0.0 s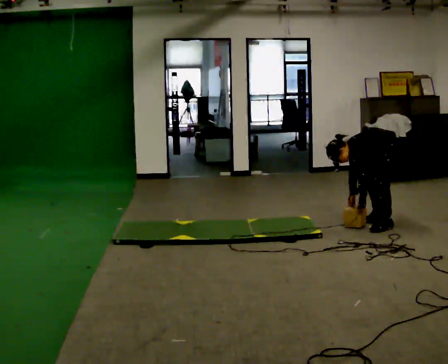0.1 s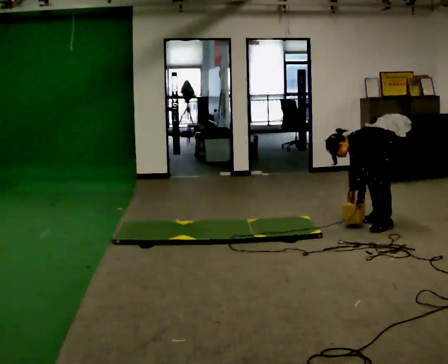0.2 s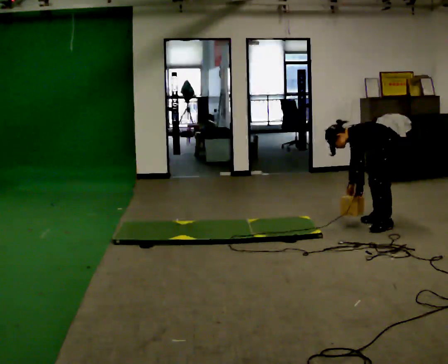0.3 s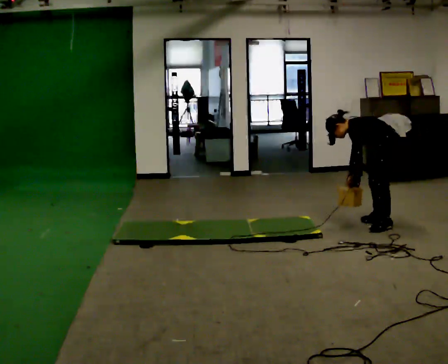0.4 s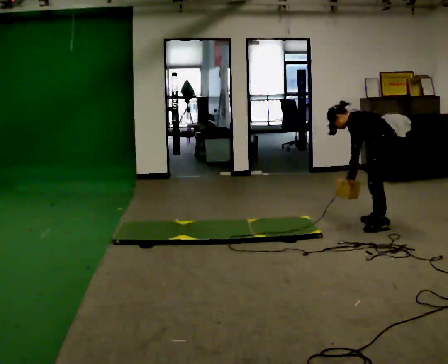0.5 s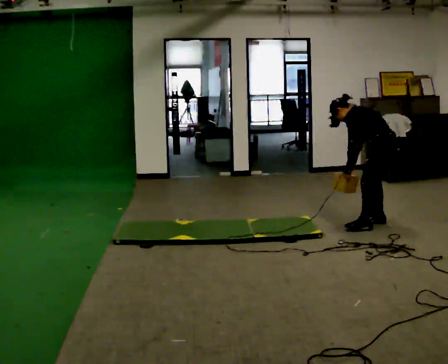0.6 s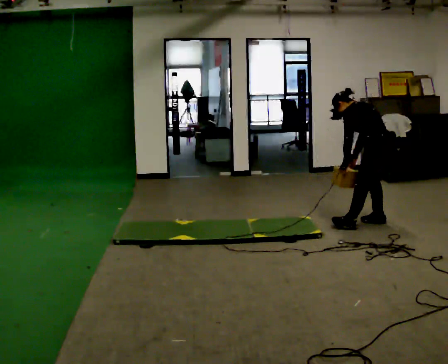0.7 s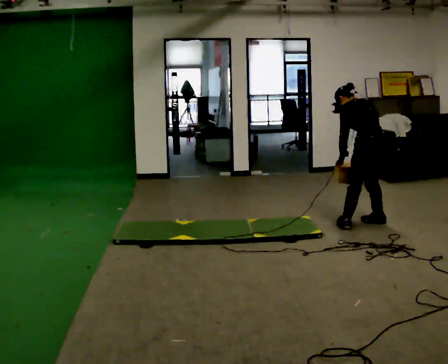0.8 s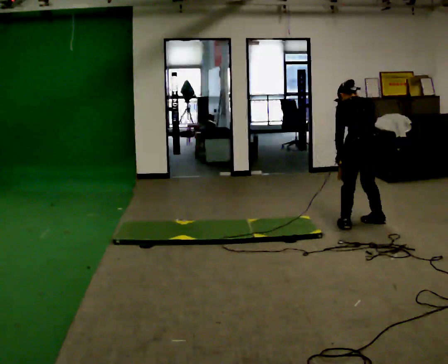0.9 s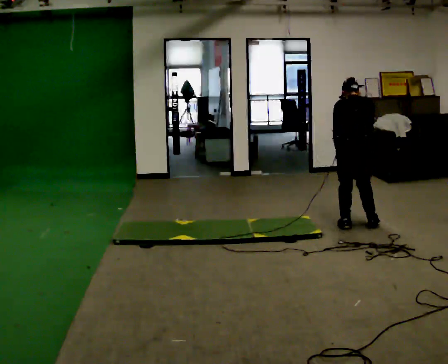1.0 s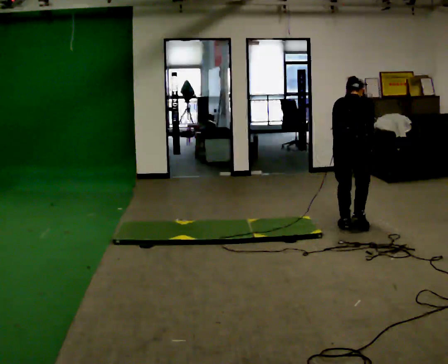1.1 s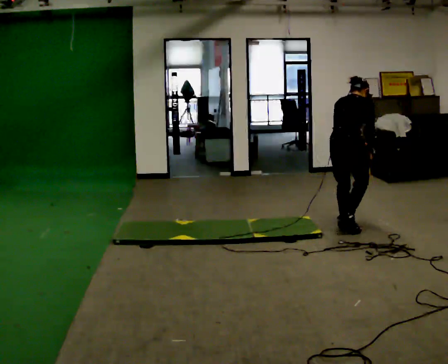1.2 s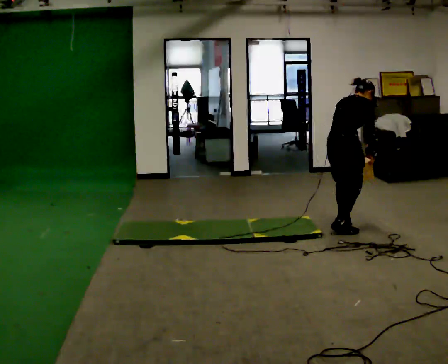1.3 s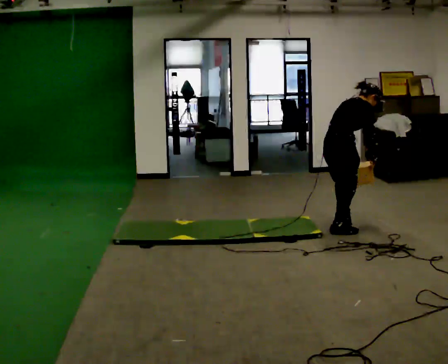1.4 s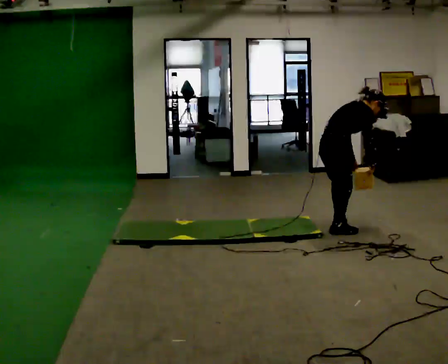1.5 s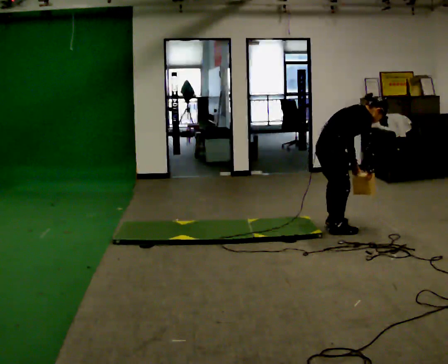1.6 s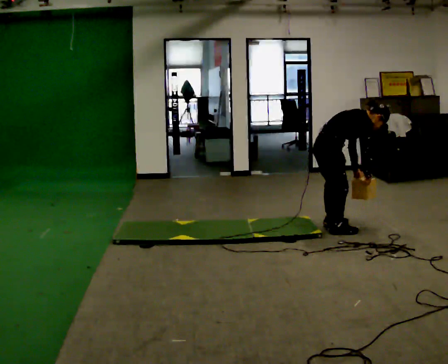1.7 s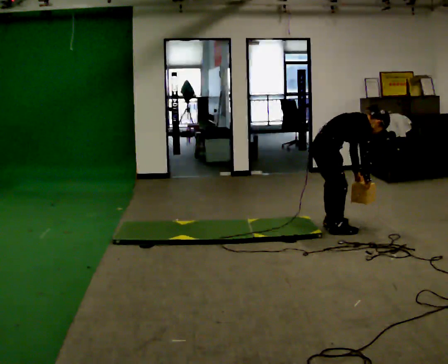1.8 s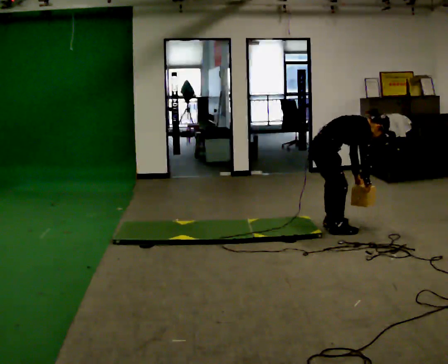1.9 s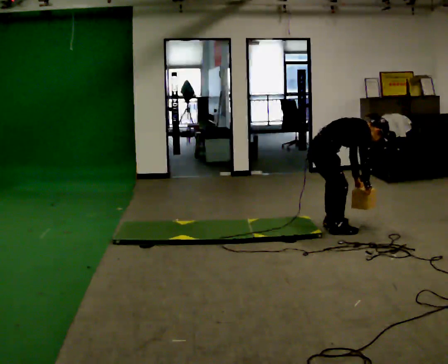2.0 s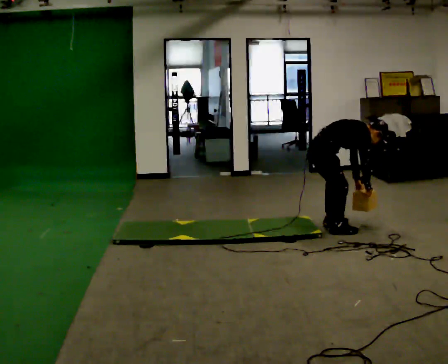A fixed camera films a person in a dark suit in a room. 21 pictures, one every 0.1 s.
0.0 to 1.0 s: The person turns about 105 degrees to their right, clockwise seen from above, so the part of the body nearest the lens slides to the left. In the picture they go to the left and toward the camera, about 0.5 m in 2 steps. The shoulders move upward. In the picture the upper body tilts clockwise, shoulders to the right, as they lean back or straighten. In the picture their left hand goes upward.
1.0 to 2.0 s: The part of the body nearest the lens slides to the left as the person turns to their right by about 75 degrees. In the picture they go to the left, about 0.25 m in 1 step. The upper body goes downward. In the picture the upper body tilts clockwise, shoulders to the right, as they bend forward.
The film runs backward here.
